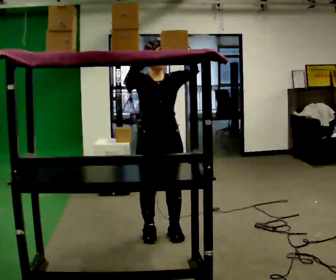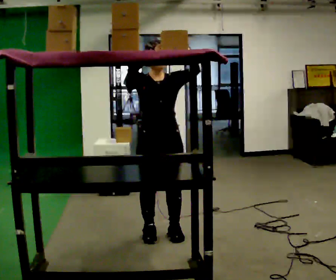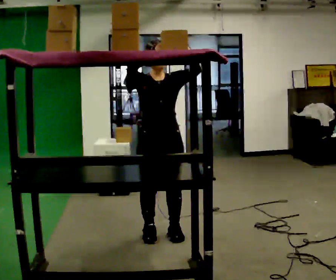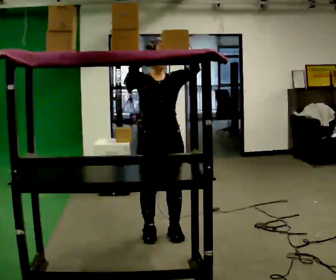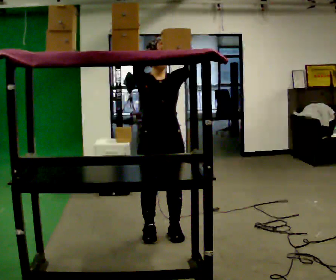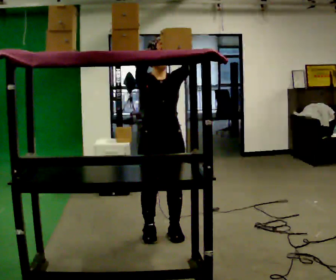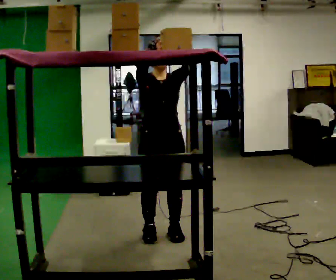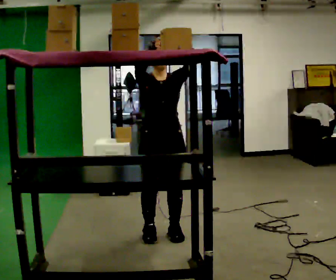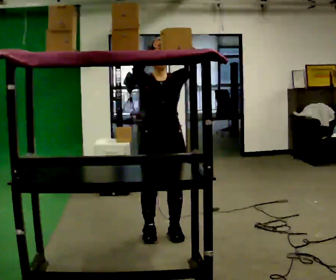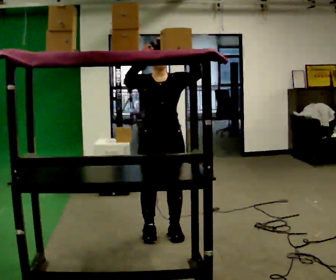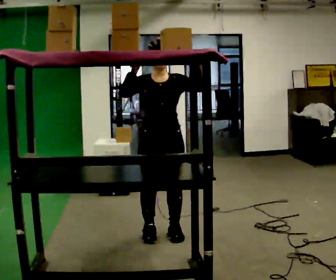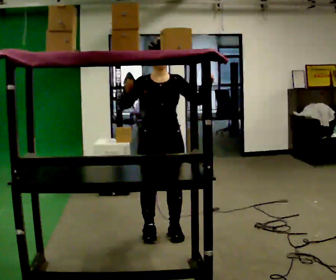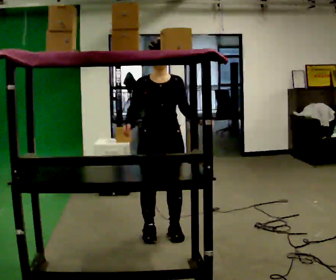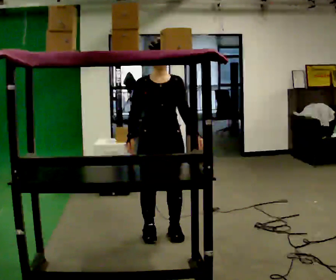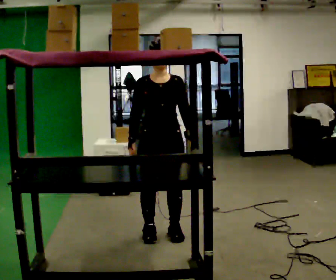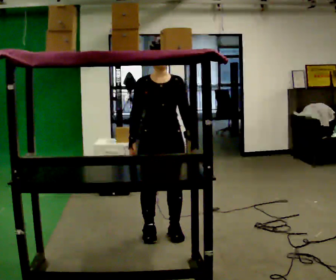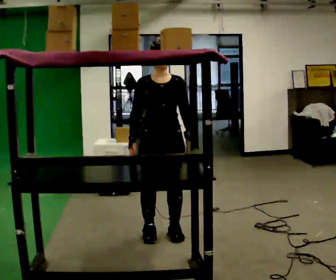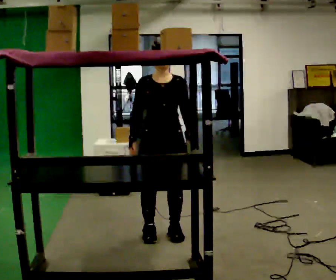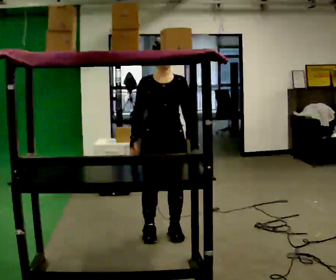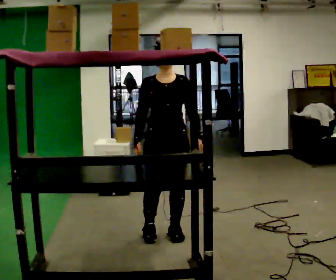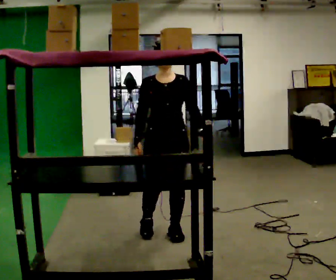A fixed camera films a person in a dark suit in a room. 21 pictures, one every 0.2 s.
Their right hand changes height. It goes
downward.
Their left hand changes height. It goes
downward.
0.0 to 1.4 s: The person moves a little, or ends about where they began.
1.4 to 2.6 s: In the picture their right hand goes downward.
2.6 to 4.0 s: The person moves a little, or ends about where they began.
The film runs backward here.
